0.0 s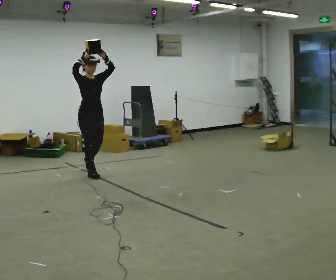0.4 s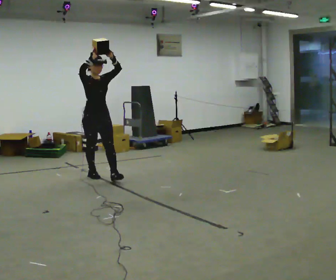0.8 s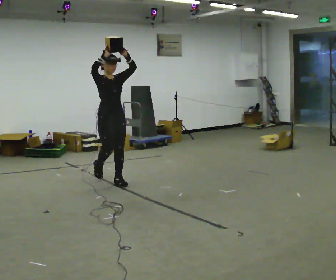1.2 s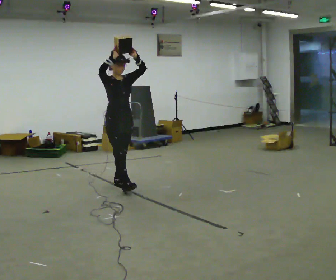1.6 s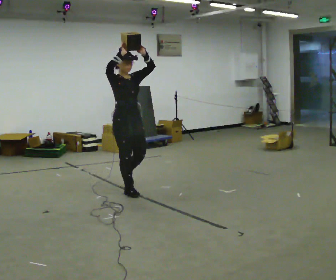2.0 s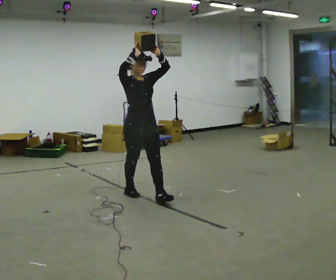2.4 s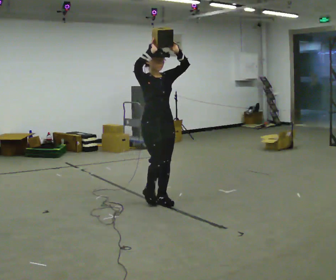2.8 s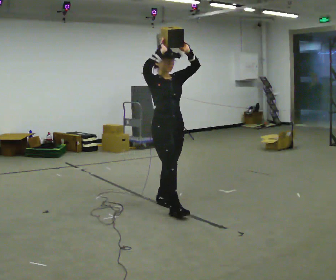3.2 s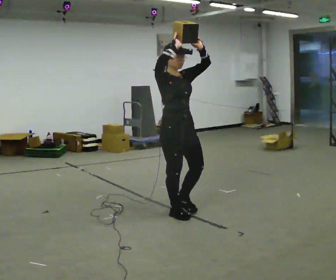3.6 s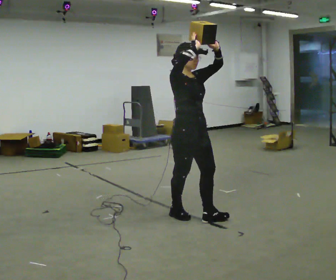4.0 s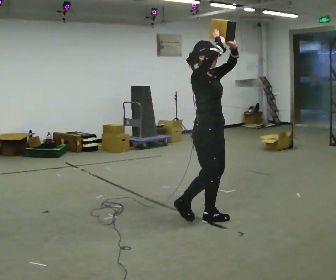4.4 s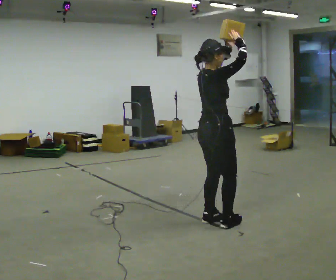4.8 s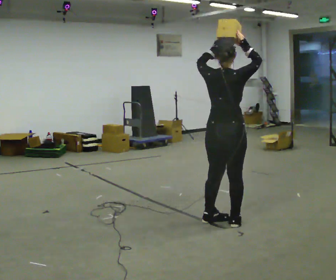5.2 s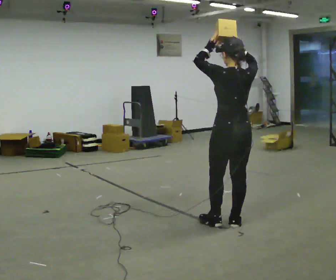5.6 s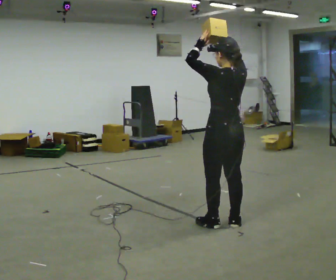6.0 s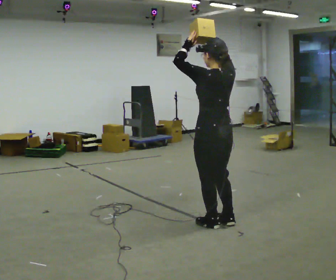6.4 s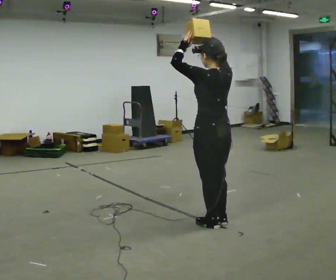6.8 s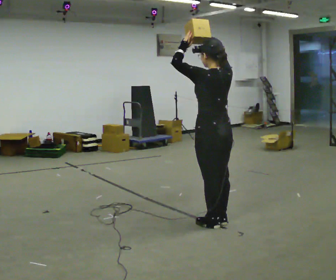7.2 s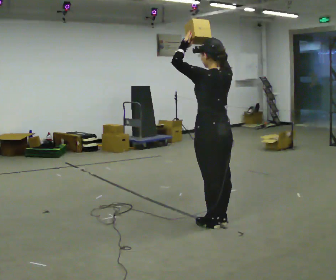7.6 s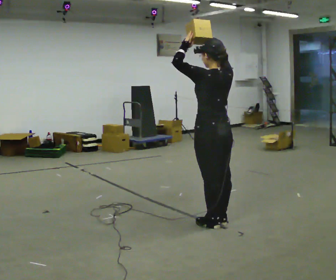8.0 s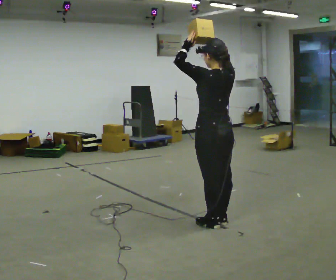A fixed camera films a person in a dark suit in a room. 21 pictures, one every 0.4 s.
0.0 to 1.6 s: In the picture they go to the right and toward the camera, about 1 m in 2 steps, which for them is forward.
1.6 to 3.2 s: In the picture they go to the right and toward the camera, about 1 m in 2 steps, which for them is forward.
3.2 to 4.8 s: The person turns about 120 degrees to their left, counterclockwise seen from above, so the part of the body nearest the lens slides to the right. In the picture they go to the right, about 0.5 m in 2 steps.
4.8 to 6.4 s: The part of the body nearest the lens slides to the right as the person turns to their left by about 45 degrees.
6.4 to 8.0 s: The person moves a little, or ends about where they began.
The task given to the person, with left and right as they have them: Carry the object held up above your head, walking back and forth across the room.
The film runs forward here.
